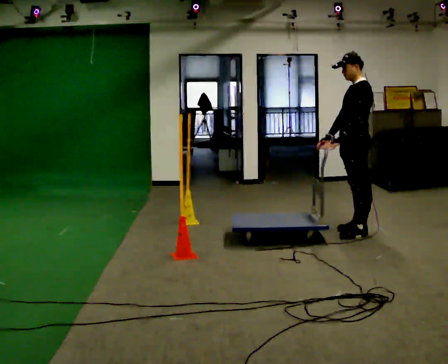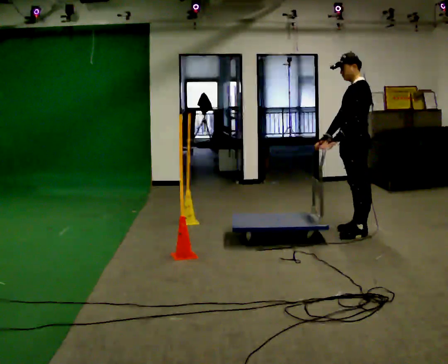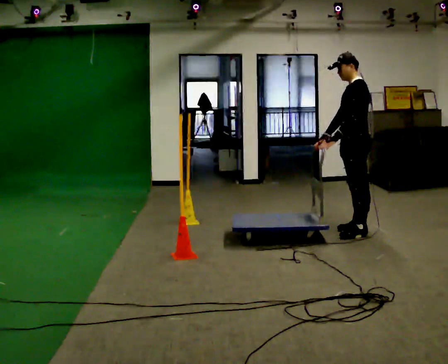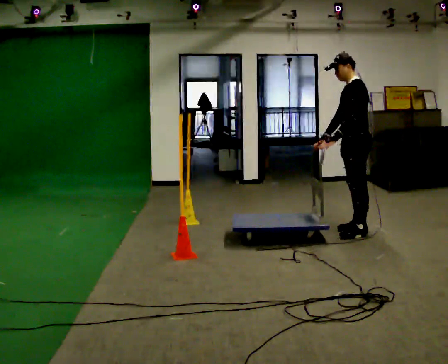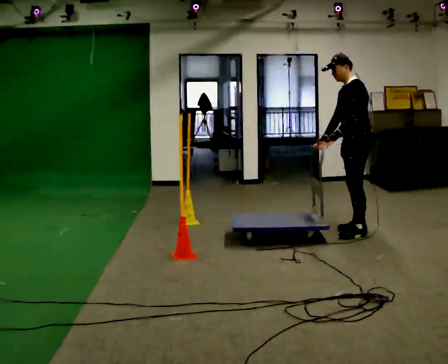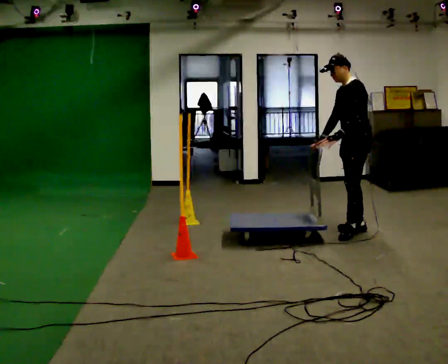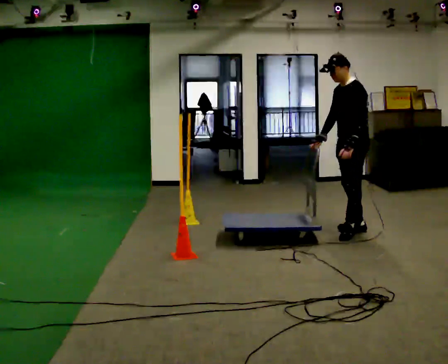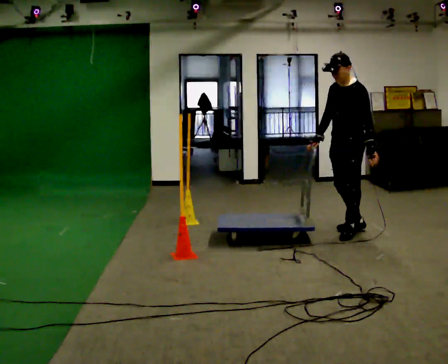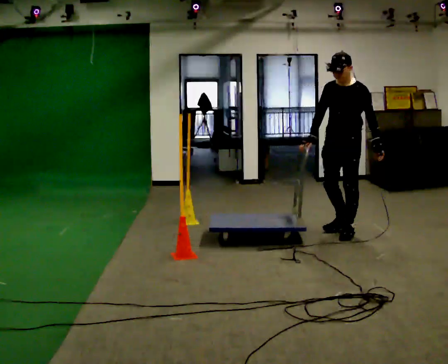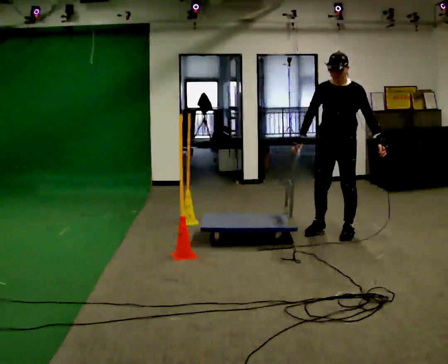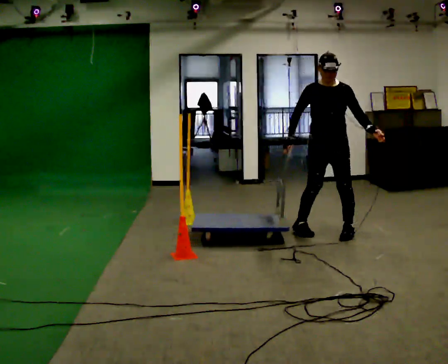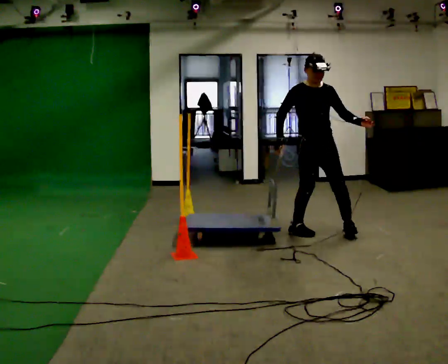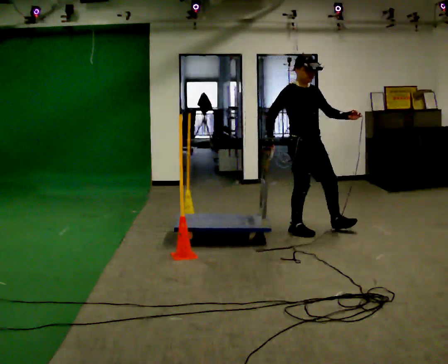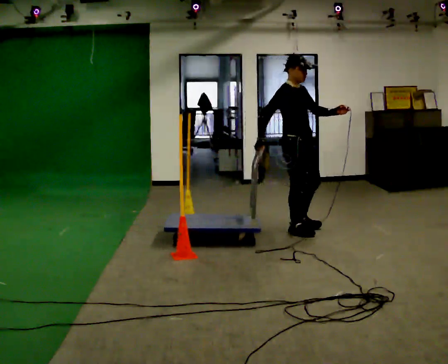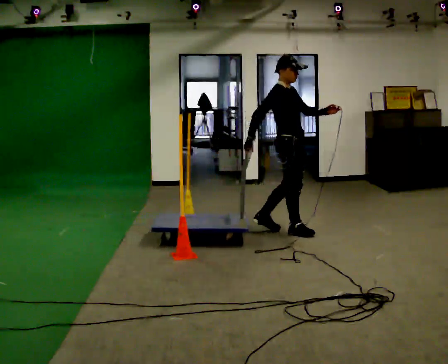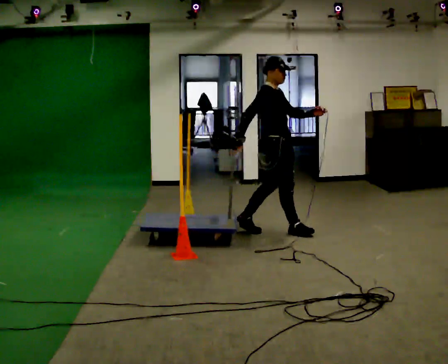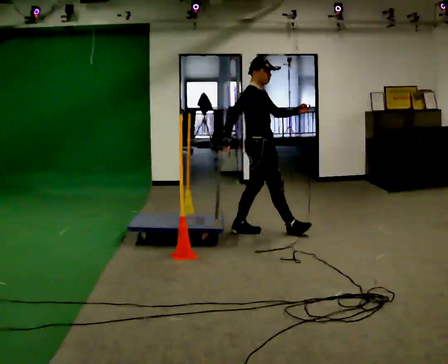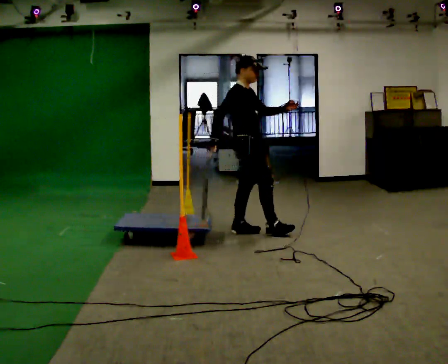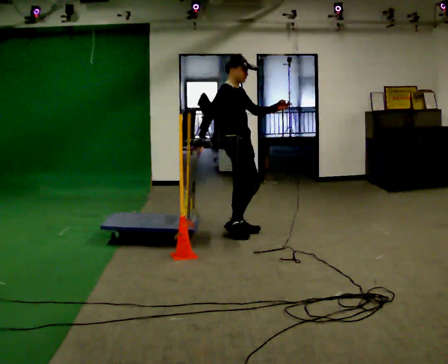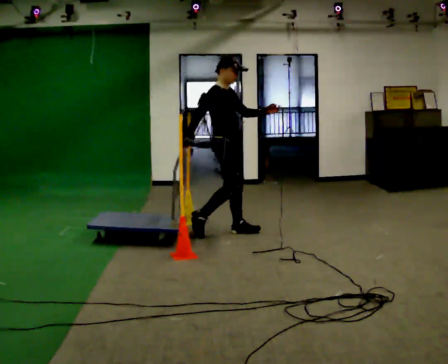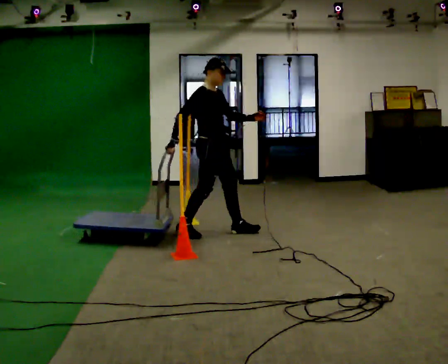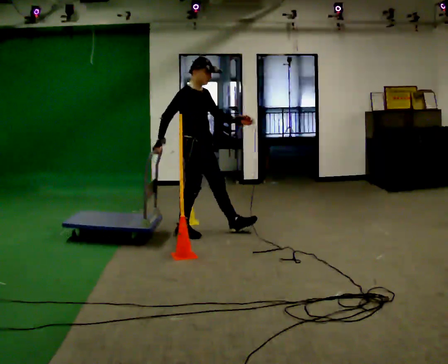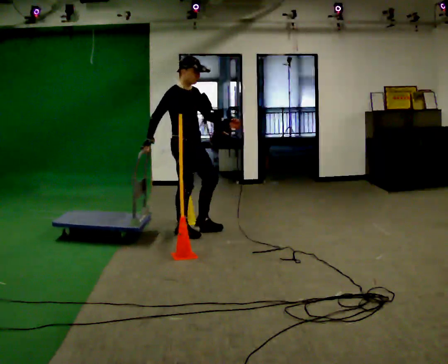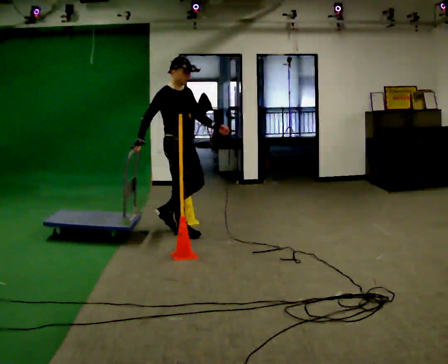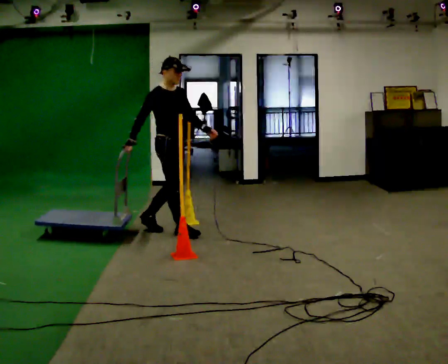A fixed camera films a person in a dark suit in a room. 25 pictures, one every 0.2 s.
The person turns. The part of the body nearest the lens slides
to the right.
The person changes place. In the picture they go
to the left.
0.0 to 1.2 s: The person moves a little, or ends about where they began.
1.2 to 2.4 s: The person turns about 120 degrees to their left, counterclockwise seen from above, so the part of the body nearest the lens slides to the right. In the picture they go to the left, about 0.5 m in 2 steps.
2.4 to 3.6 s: The part of the body nearest the lens slides to the right as the person turns to their left by about 45 degrees. In the picture they go to the left, about 0.75 m in 1 step, which for them is backward.
3.6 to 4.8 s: In the picture they go to the left, about 0.75 m in 1 step, which for them is backward and to their right.
The film runs backward here.
